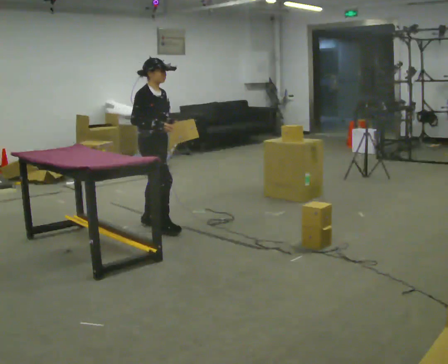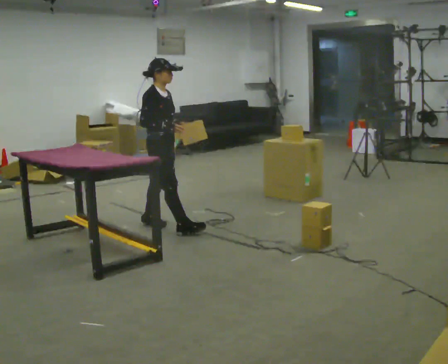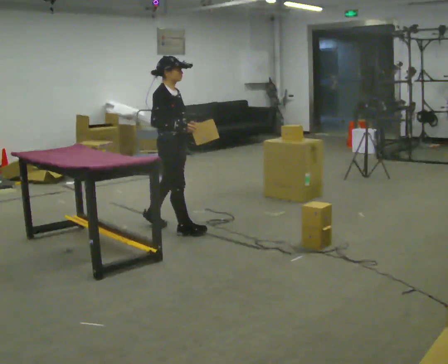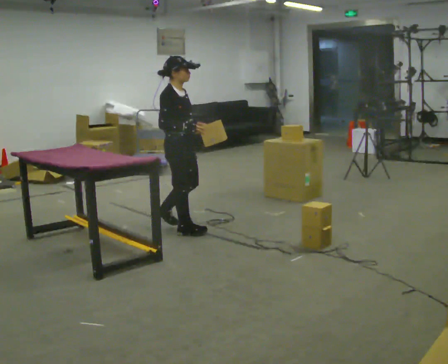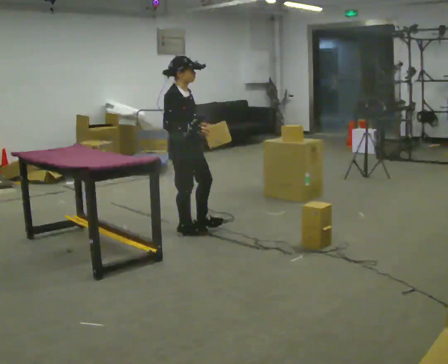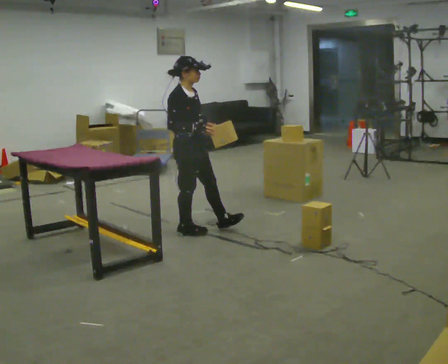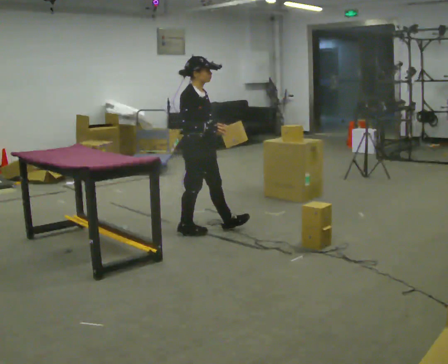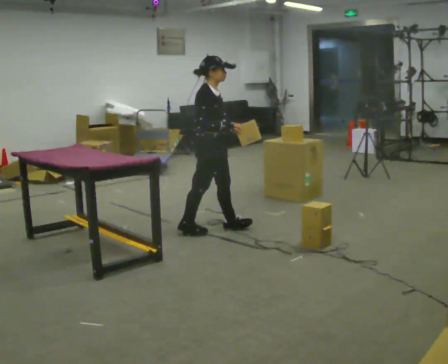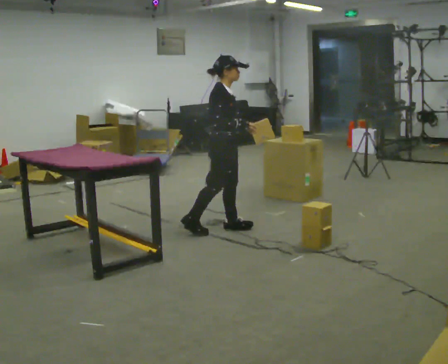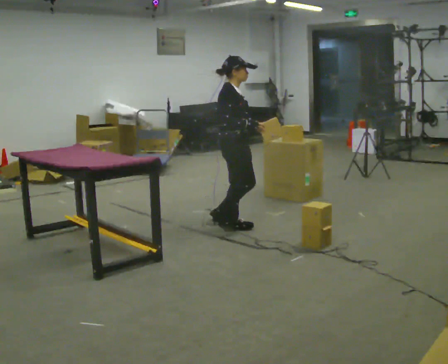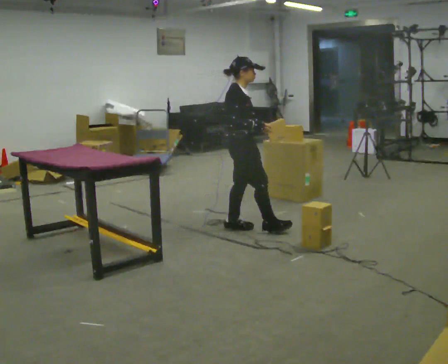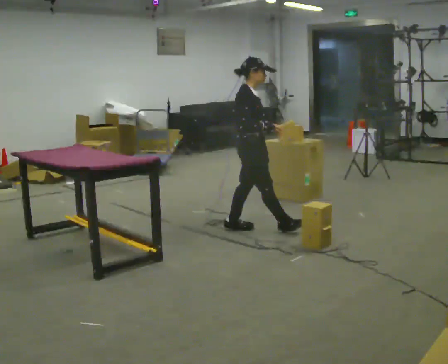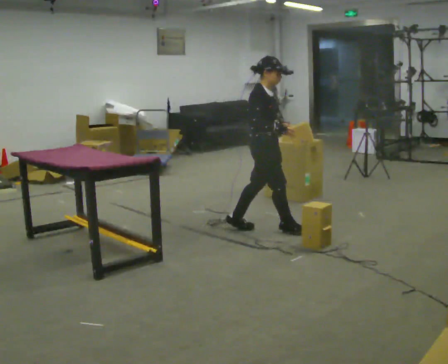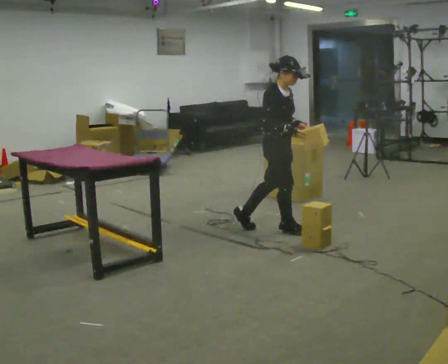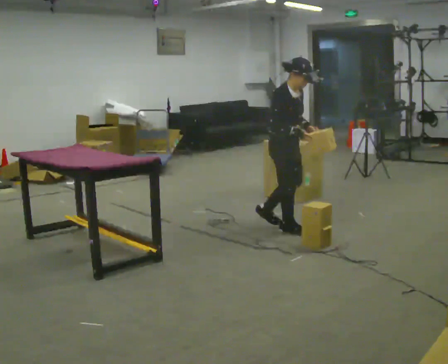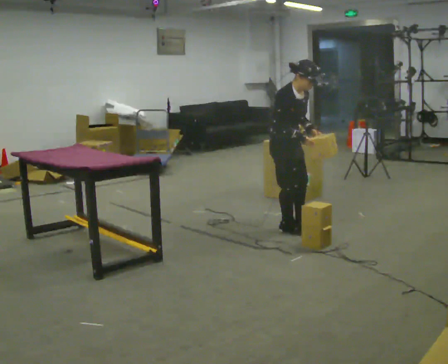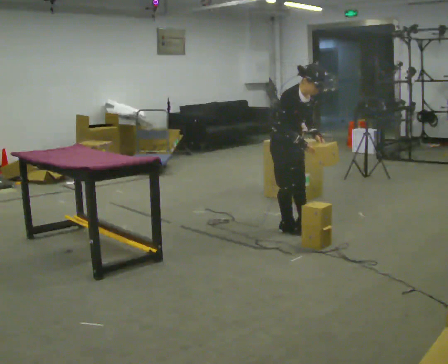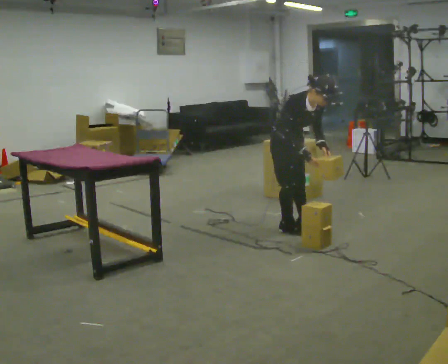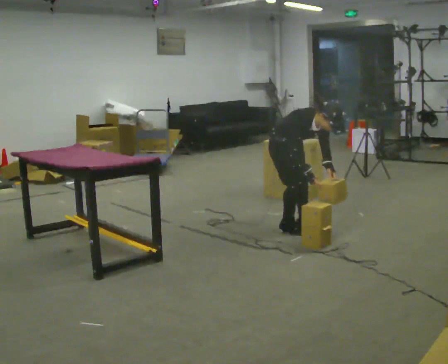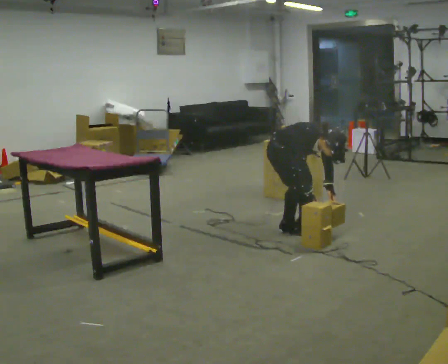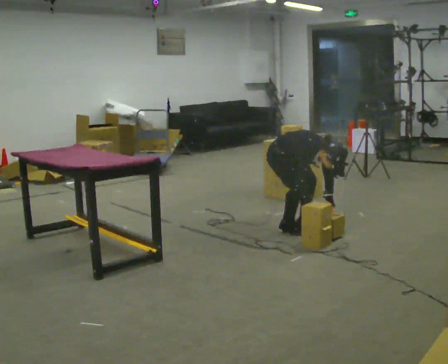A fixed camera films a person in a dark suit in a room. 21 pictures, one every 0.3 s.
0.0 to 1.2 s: In the picture they go to the right and toward the camera, about 0.25 m in 1 step, which for them is forward and to their right.
1.2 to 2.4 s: In the picture they go to the right, about 0.25 m in 1 step, which for them is forward and to their left.
2.4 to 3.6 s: In the picture they go to the right, about 0.25 m in 1 step, which for them is forward.
3.6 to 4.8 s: The person turns about 30 degrees to their right, clockwise seen from above, so the part of the body nearest the lens slides to the left. In the picture they go to the right, about 0.25 m in 1 step, which for them is forward. The upper body tips toward the camera, its near side rolling downward, as they bend forward.
4.8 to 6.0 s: The upper body goes downward. The upper body tips toward the camera, its near side rolling downward, as they bend forward. In the picture their right hand goes downward.
The film runs forward here.
